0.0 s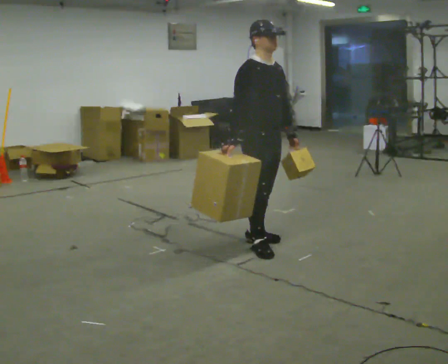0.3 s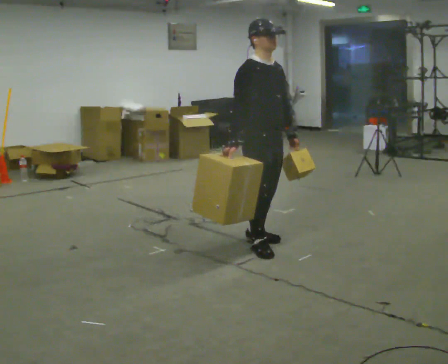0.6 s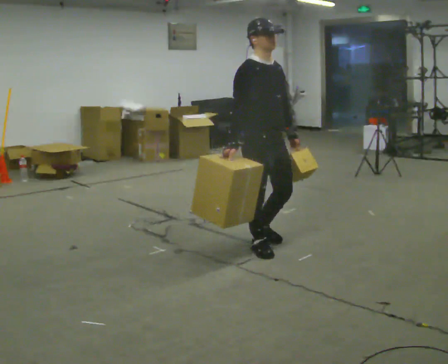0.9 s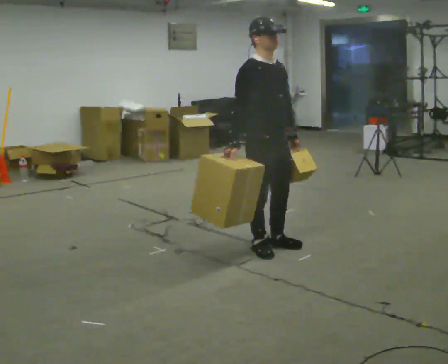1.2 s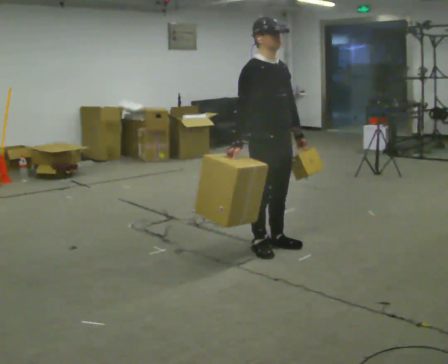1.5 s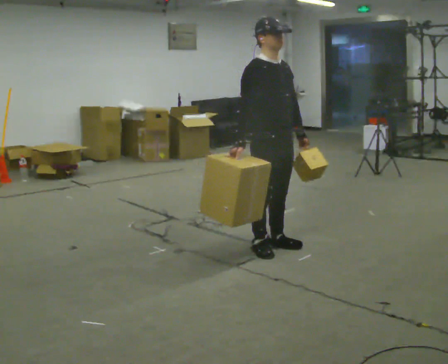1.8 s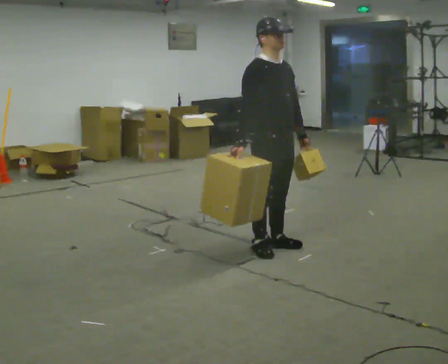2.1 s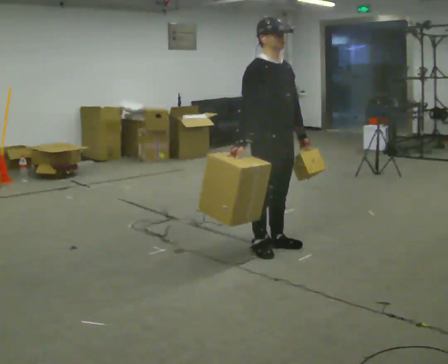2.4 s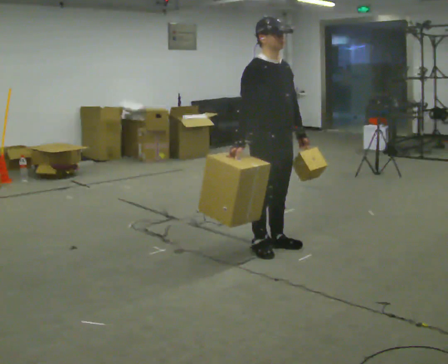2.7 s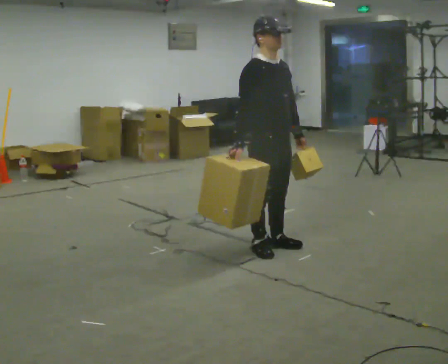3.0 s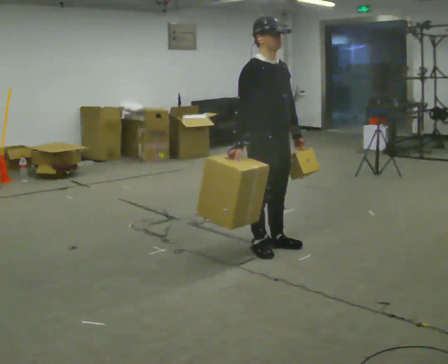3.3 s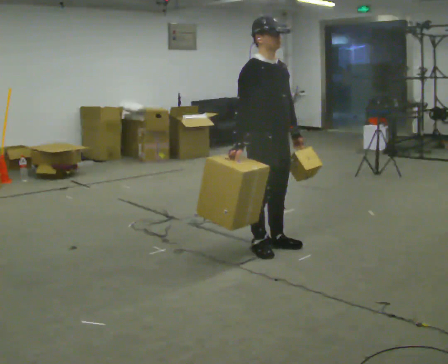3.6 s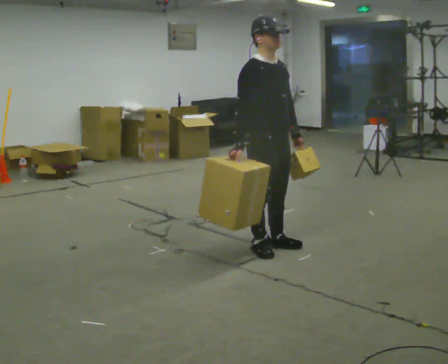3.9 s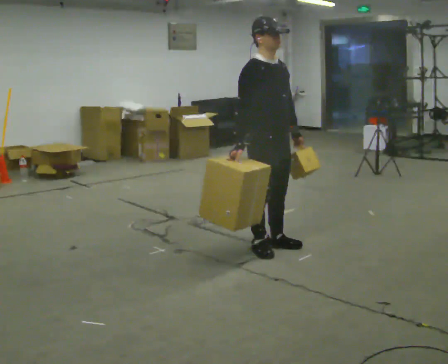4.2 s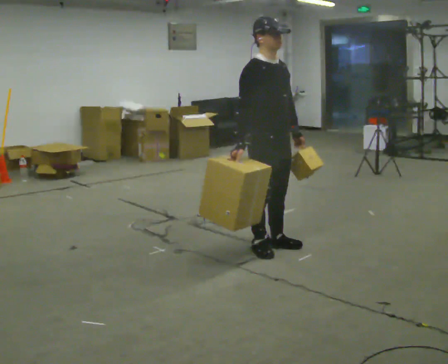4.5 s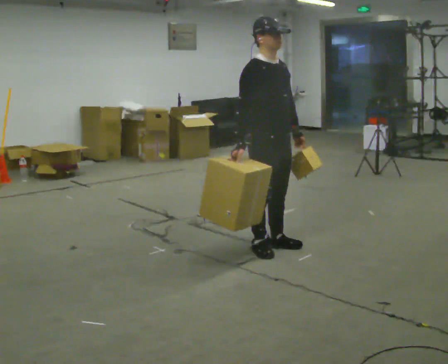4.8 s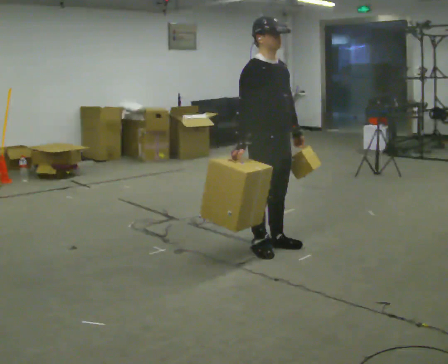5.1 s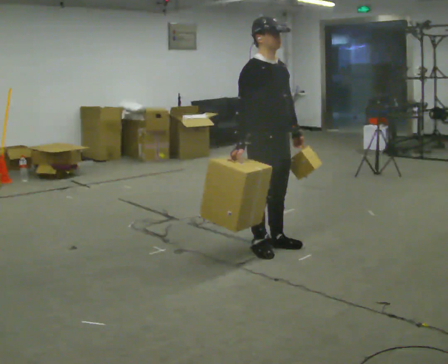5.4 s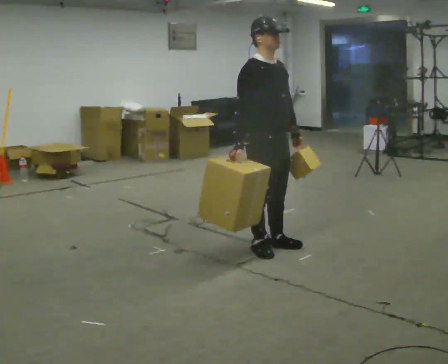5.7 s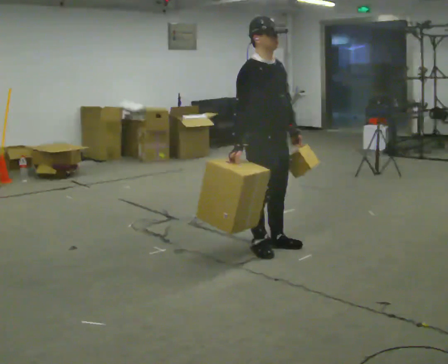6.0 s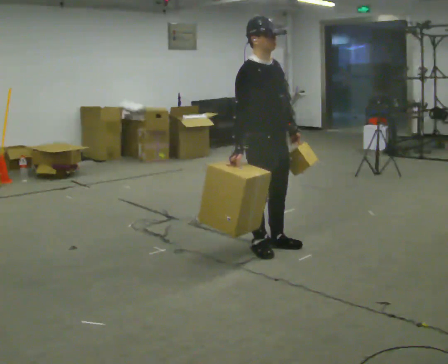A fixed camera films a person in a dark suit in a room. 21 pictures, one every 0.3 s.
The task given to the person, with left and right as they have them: Carry one object in each hand, the heavy one in the hand the operator calls, walking back and forth across the room.
0.0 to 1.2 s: The person moves a little, or ends about where they began.
1.2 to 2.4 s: The person keeps their place and pose.
2.4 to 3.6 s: The person moves a little, or ends about where they began.
3.6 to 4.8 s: The person keeps their place and pose.
4.8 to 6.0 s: The person moves a little, or ends about where they began.
The film runs forward here.
